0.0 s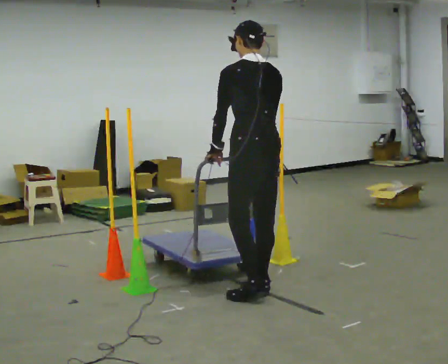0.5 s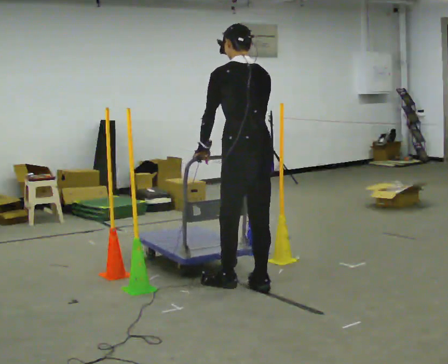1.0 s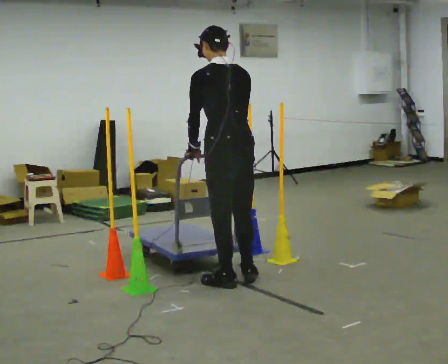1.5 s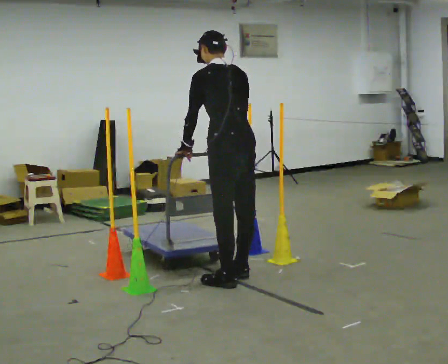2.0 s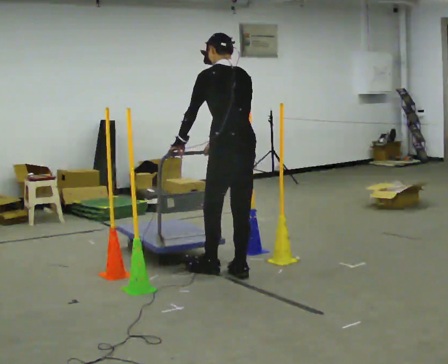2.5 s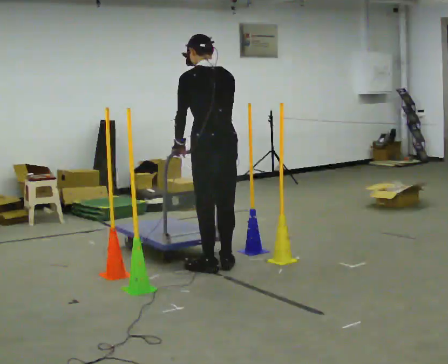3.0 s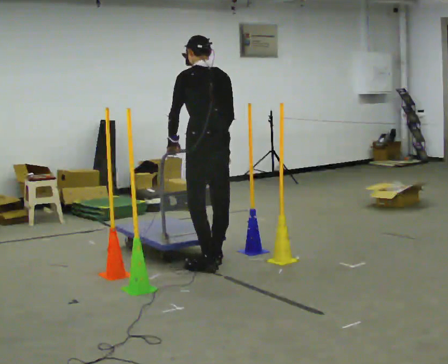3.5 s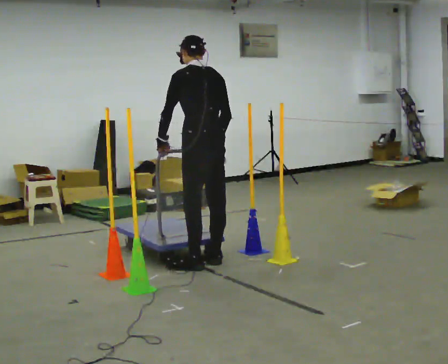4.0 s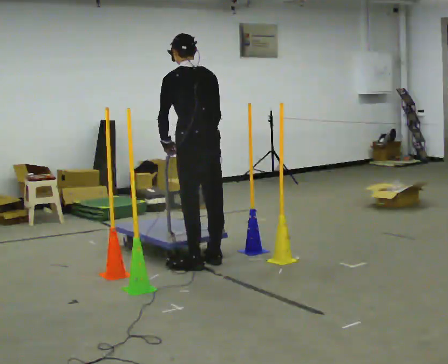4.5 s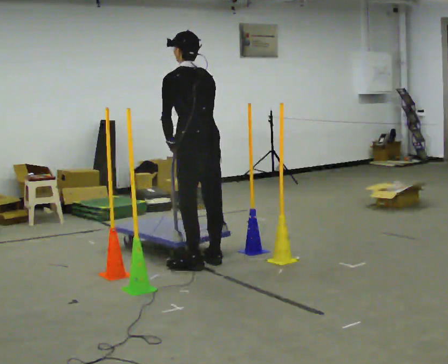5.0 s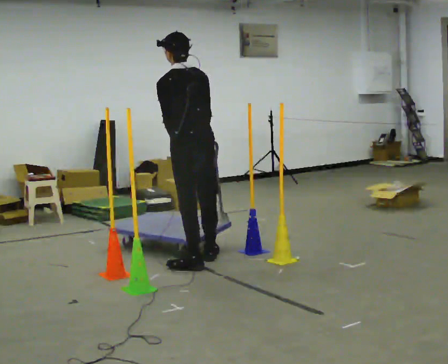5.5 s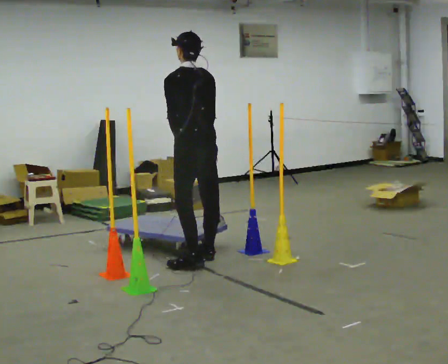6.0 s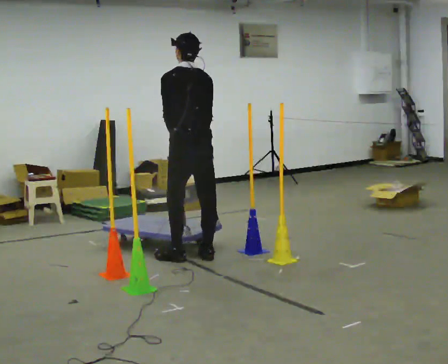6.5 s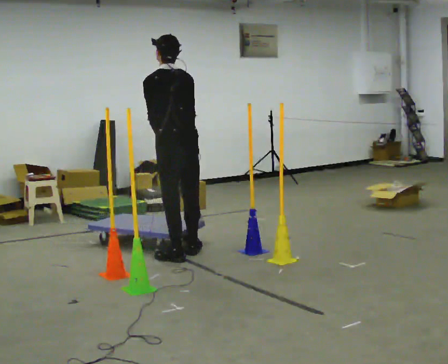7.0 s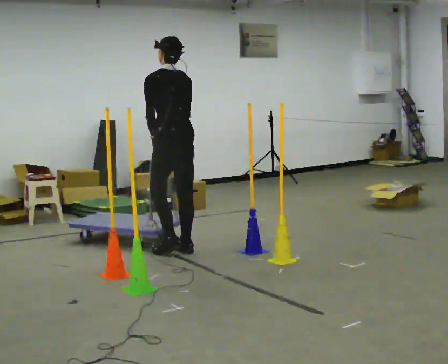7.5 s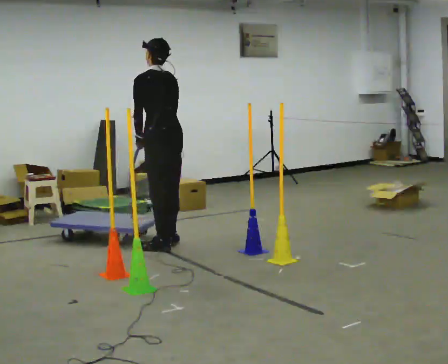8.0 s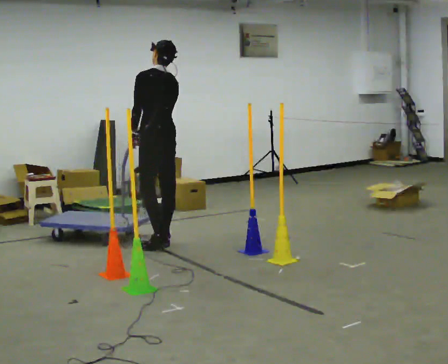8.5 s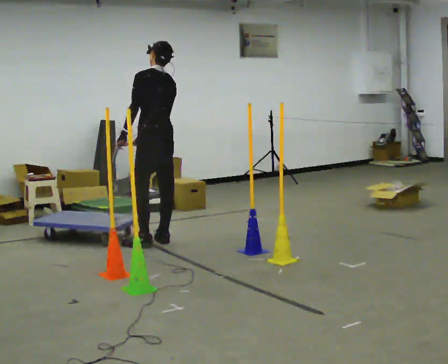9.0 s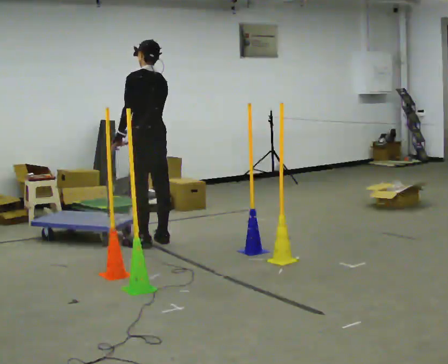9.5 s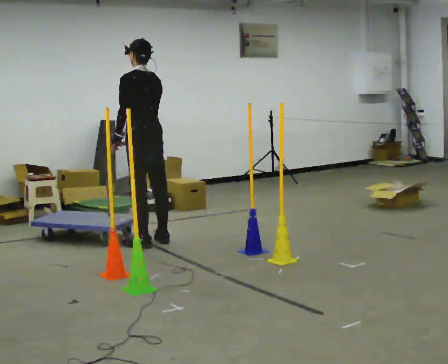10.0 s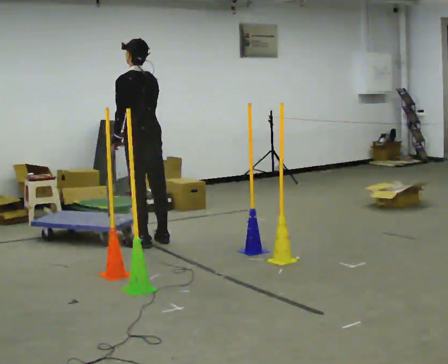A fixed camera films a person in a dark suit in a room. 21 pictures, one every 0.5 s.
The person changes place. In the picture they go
away from the camera.
0.0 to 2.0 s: In the picture they go away from the camera, about 0.5 m in 2 steps, which for them is forward.
2.0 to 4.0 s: In the picture they go away from the camera and to the left, about 0.25 m in 1 step, which for them is forward.
4.0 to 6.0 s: In the picture they go away from the camera, about 0.25 m in 1 step, which for them is forward.
6.0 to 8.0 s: In the picture they go away from the camera and to the left, about 0.5 m in 3 steps, which for them is forward.
8.0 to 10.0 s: The person moves a little, or ends about where they began.
The film runs backward here.
